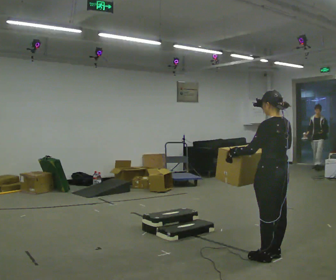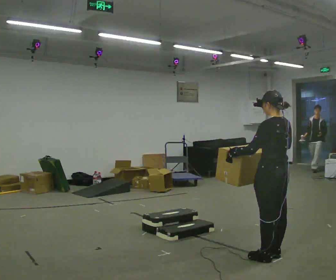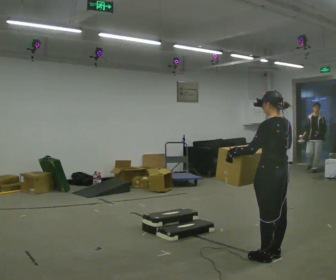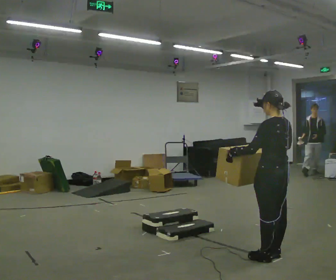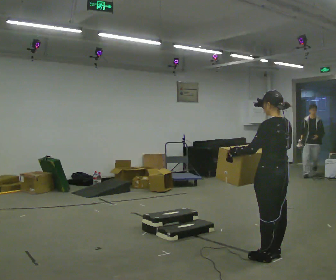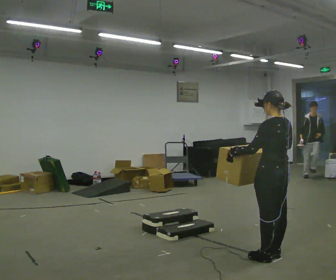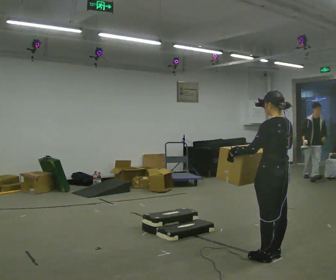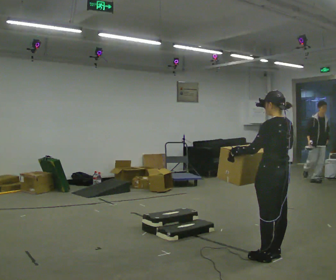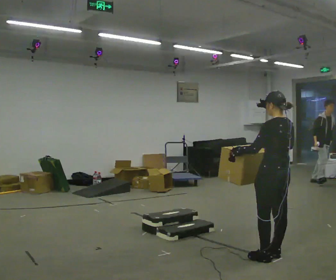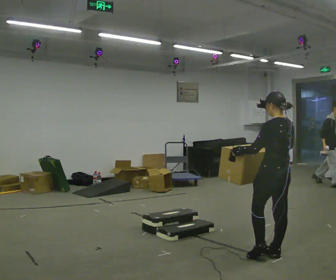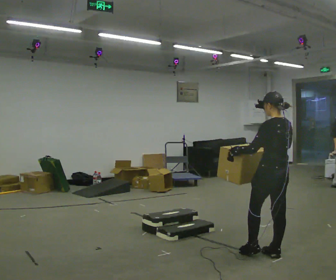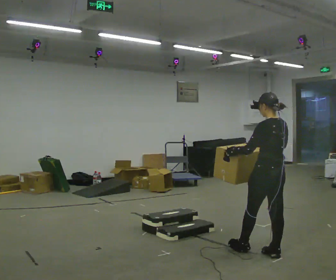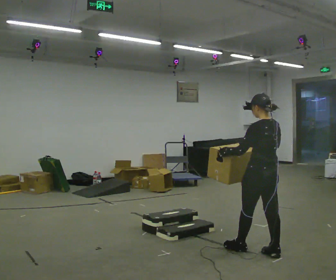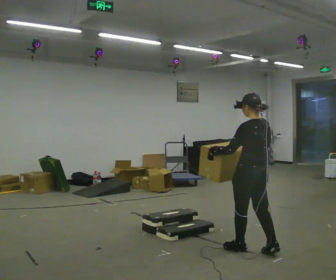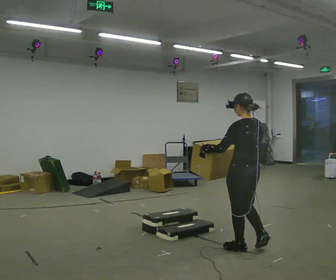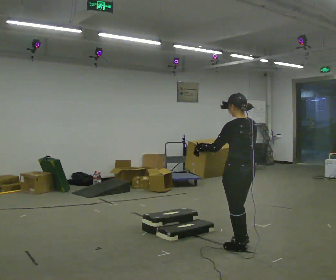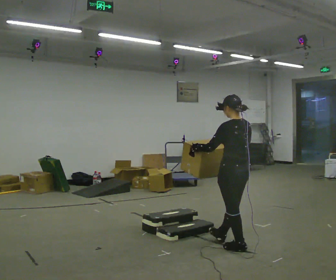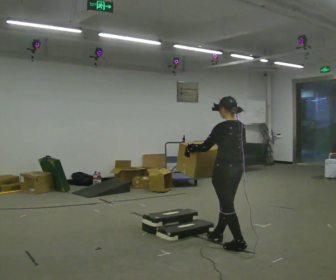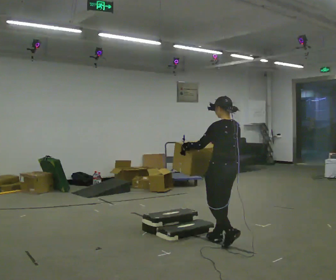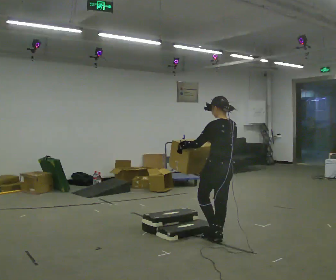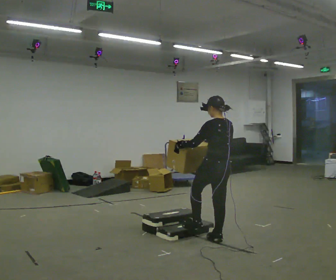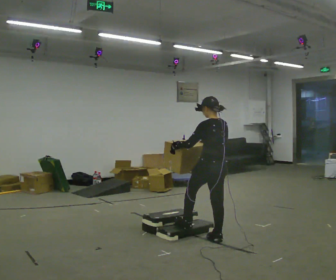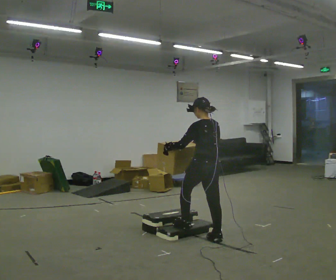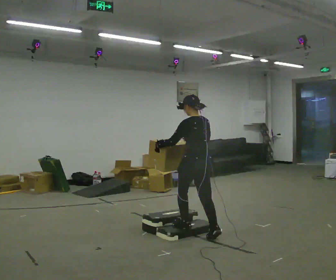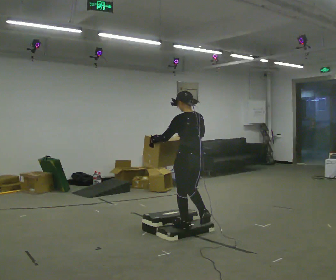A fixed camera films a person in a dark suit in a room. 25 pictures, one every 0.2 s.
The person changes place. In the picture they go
to the left.
0.0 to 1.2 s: The person keeps their place and pose.
1.2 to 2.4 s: The person moves a little, or ends about where they began.
2.4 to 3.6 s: In the picture they go to the left and away from the camera, about 0.5 m in 1 step, which for them is forward.
3.6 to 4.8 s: In the picture they go to the left, about 0.5 m in 1 step, which for them is forward.
The film runs forward here.
